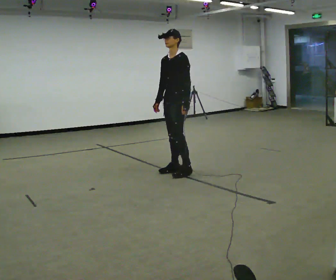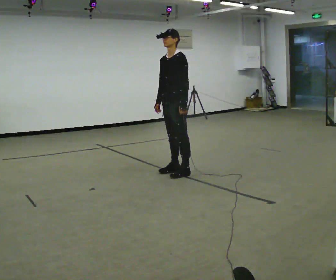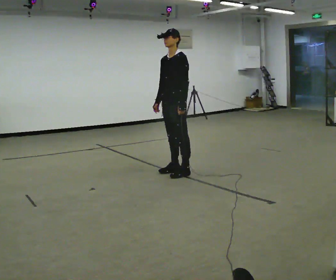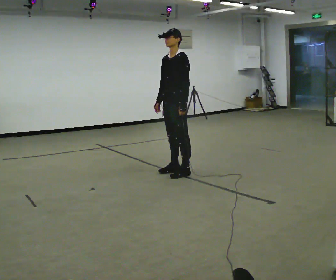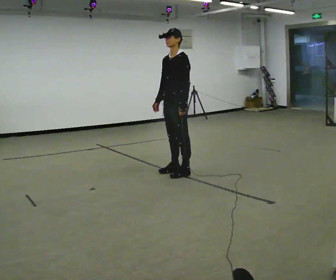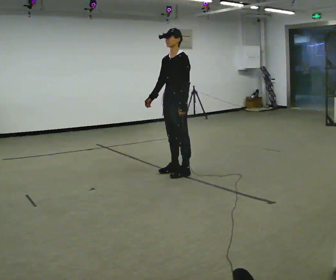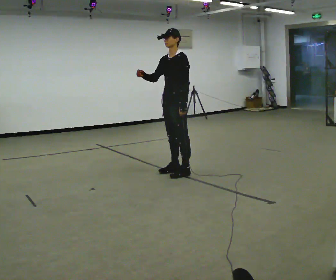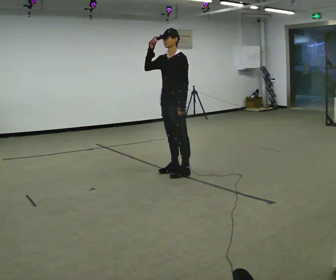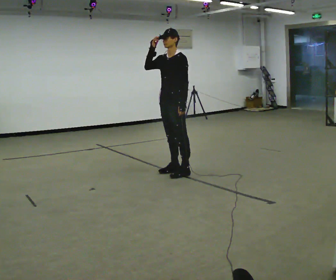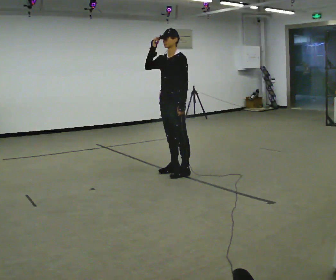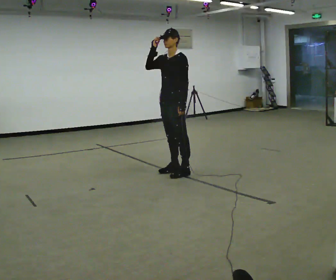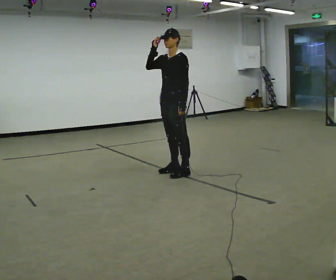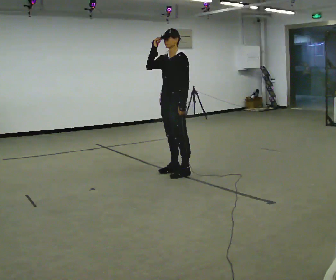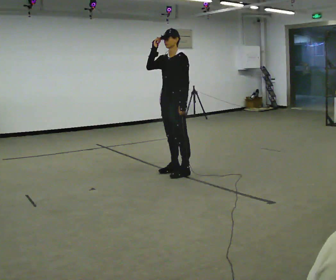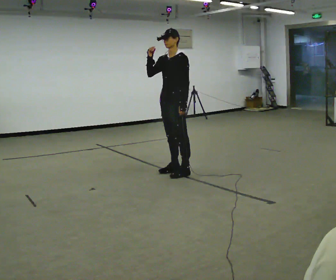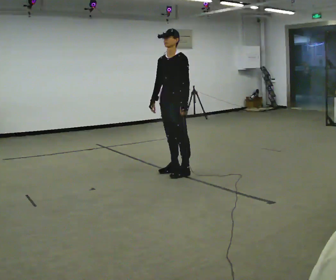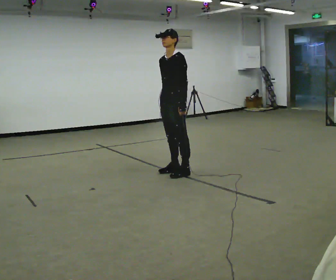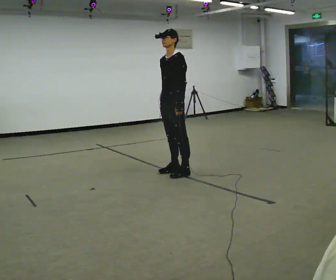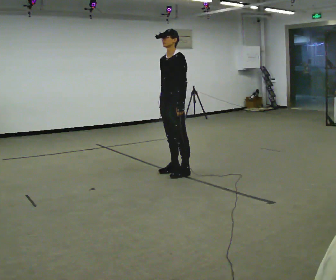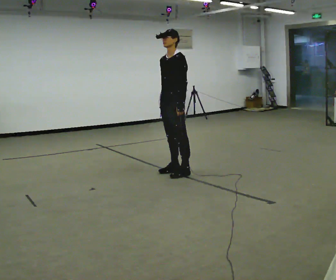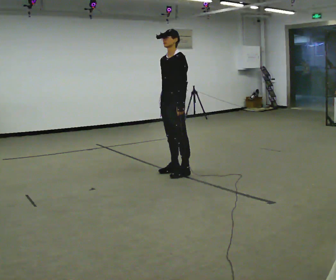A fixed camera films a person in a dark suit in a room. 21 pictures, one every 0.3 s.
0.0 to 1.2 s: The person moves a little, or ends about where they began.
1.2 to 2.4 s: In the picture their right hand goes upward.
2.4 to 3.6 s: The person keeps their place and pose.
3.6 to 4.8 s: In the picture their right hand goes downward.
4.8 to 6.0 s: The person moves a little, or ends about where they began.
The film runs forward here.
